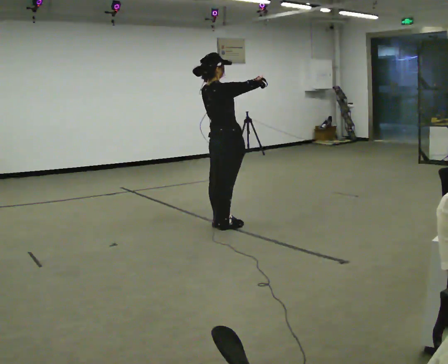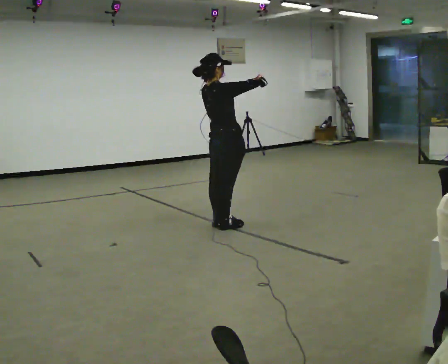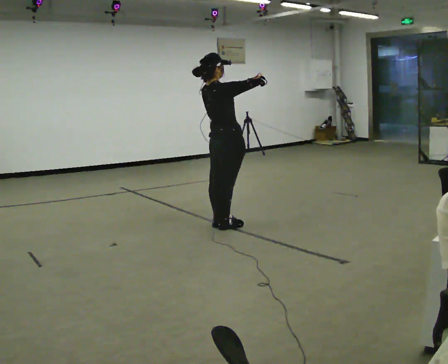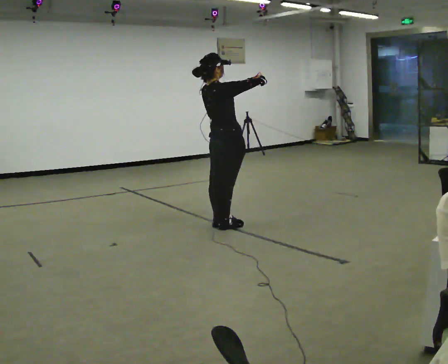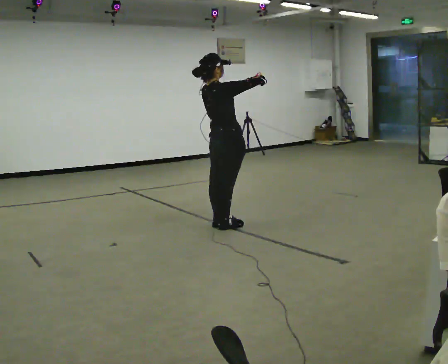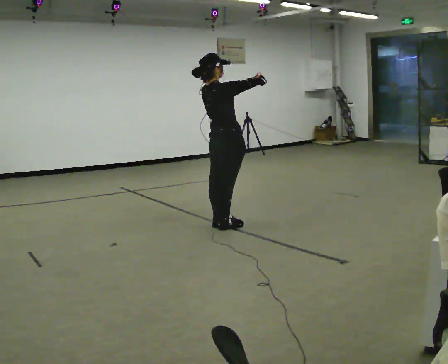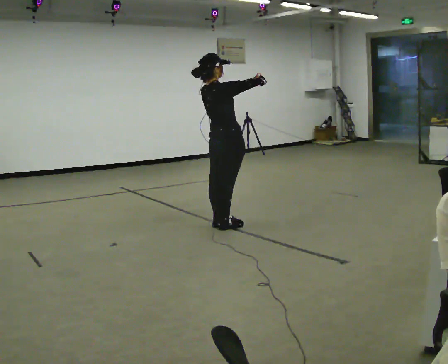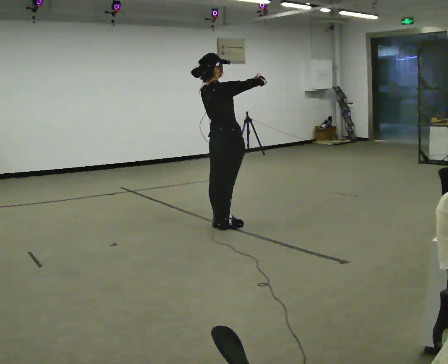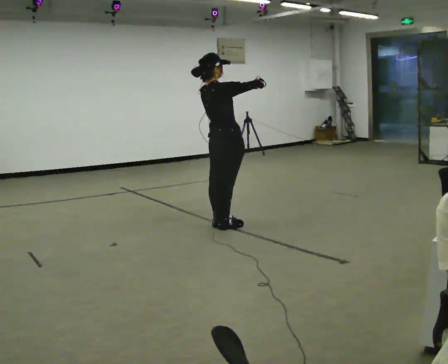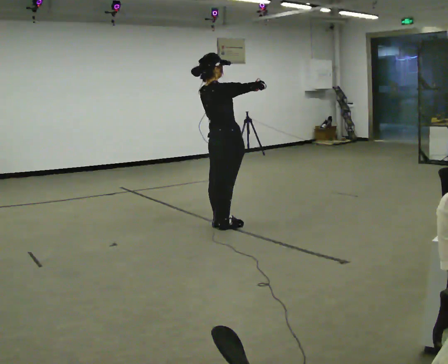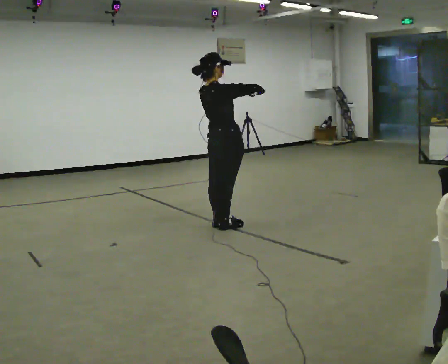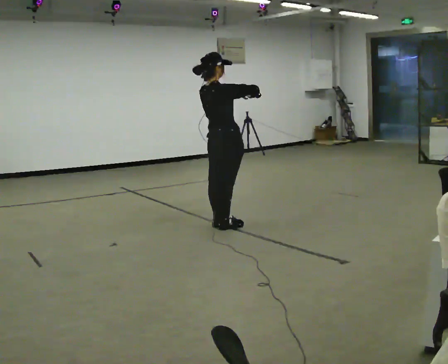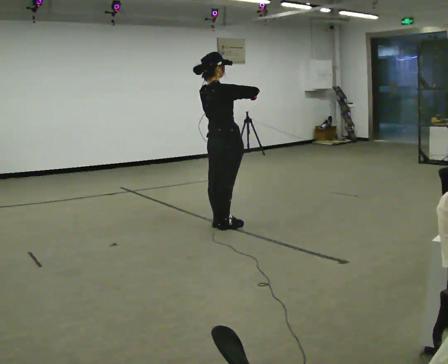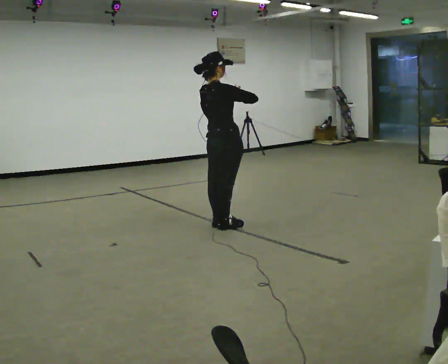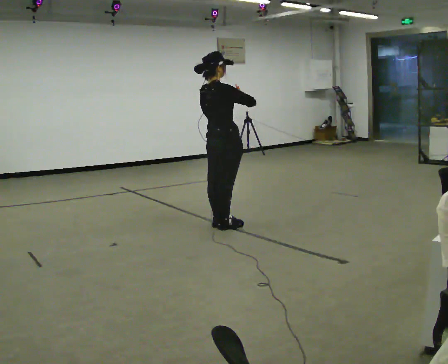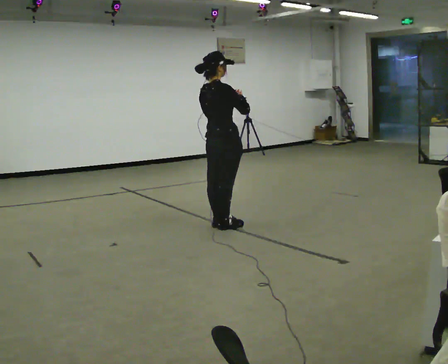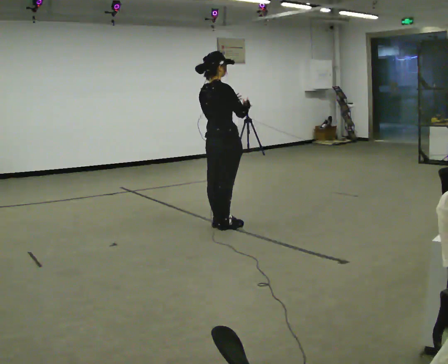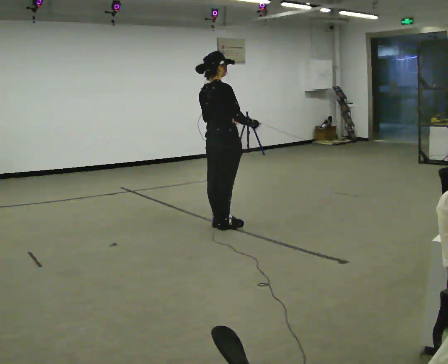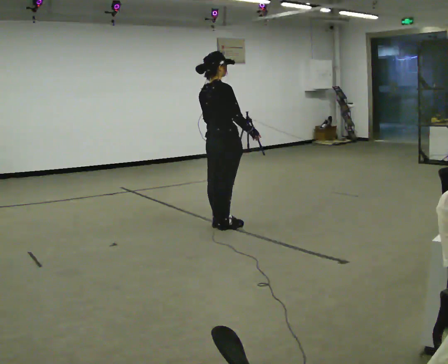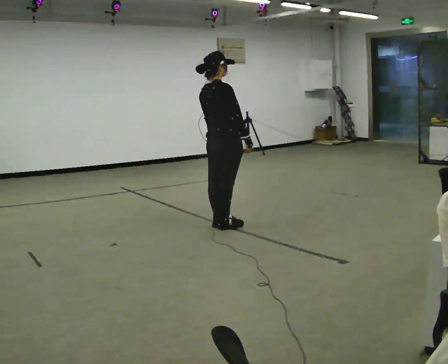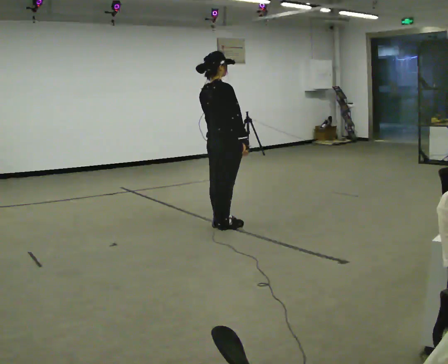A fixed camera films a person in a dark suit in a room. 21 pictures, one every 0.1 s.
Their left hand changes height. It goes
downward.
Their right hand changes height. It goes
downward.
0.0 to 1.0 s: The person moves a little, or ends about where they began.
1.0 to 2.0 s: In the picture their right hand goes downward.
The film runs backward here.
